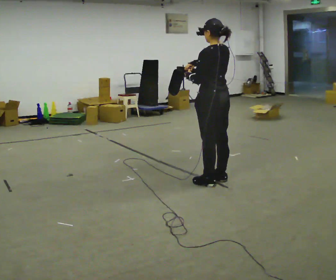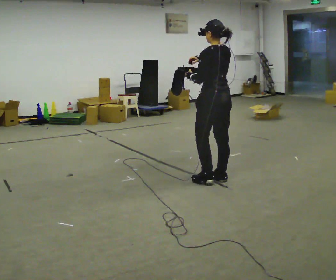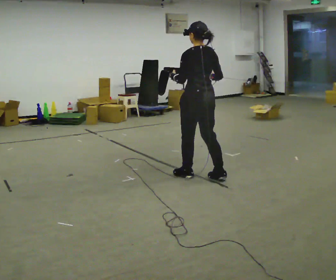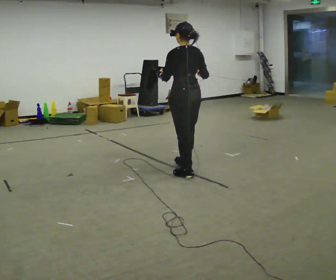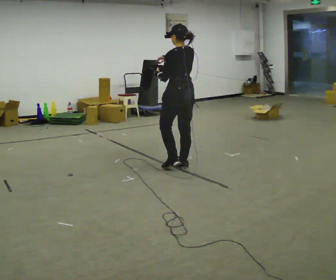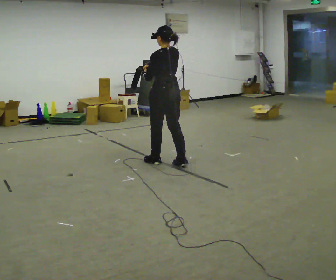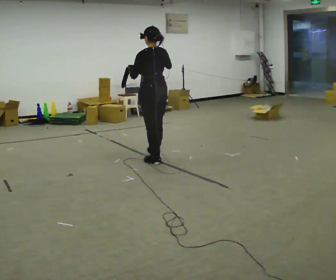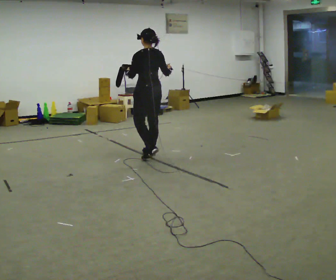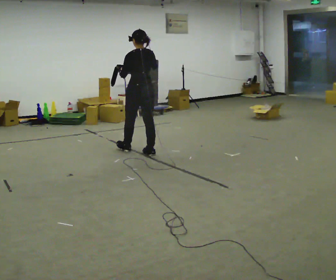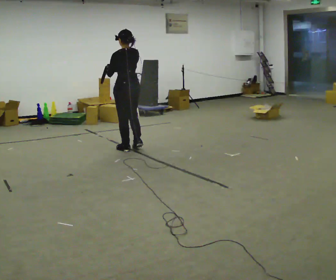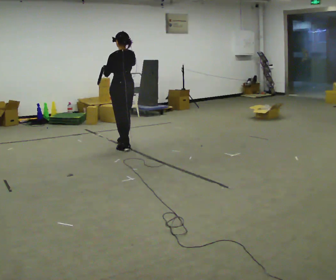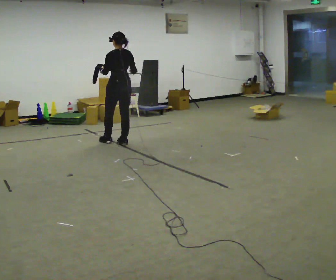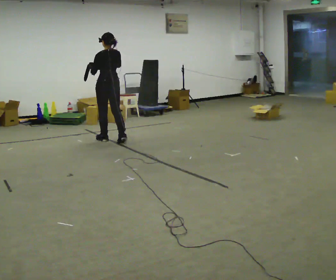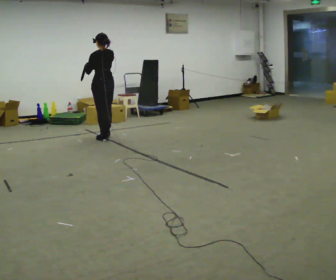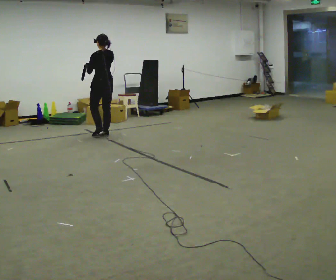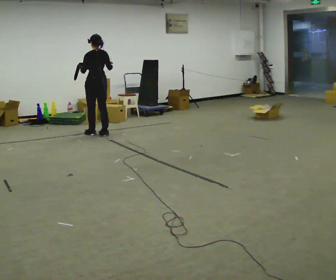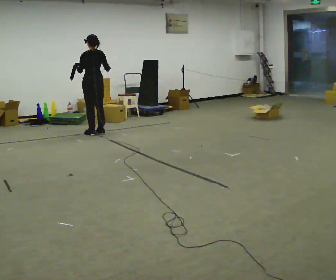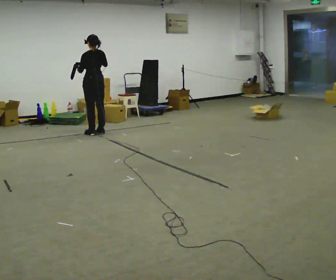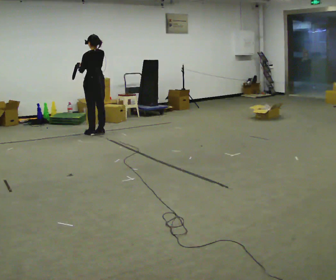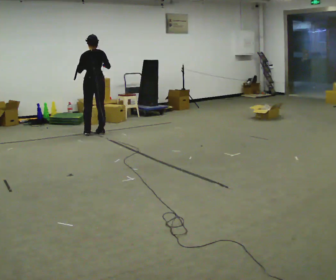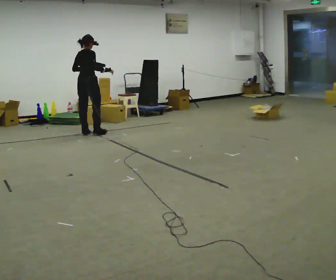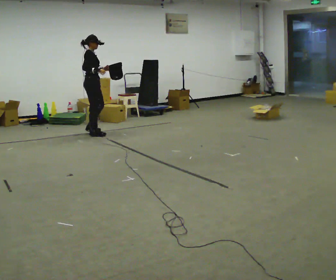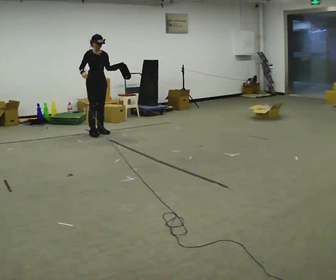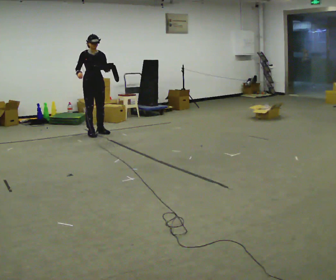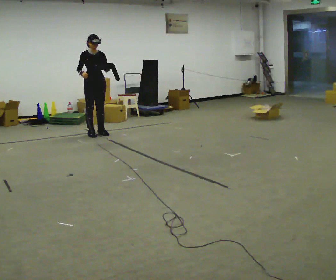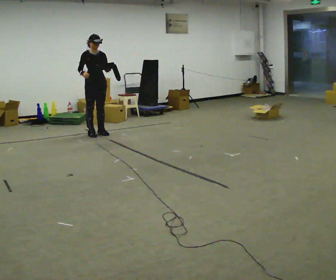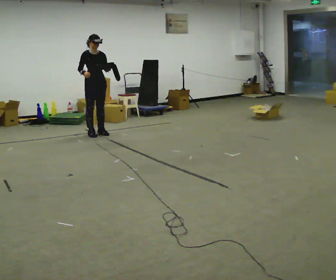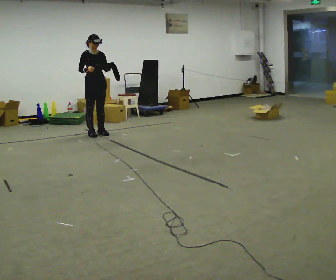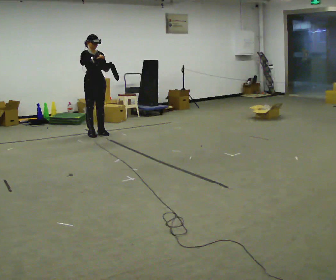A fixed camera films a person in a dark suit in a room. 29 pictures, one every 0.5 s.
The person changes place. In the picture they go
away from the camera.
0.0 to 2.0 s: In the picture they go away from the camera and to the left, about 0.75 m in 2 steps, which for them is forward.
2.0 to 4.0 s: In the picture they go away from the camera and to the left, about 1 m in 3 steps, which for them is forward.
4.0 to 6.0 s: In the picture they go away from the camera and to the left, about 1 m in 2 steps, which for them is forward.
6.0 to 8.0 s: In the picture they go away from the camera and to the left, about 0.5 m in 3 steps, which for them is forward.
8.0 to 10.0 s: Seen from above the body turns clockwise, about 75 degrees: to their right, with its near side sliding to the left.
10.0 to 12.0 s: The person turns about 120 degrees to their right, clockwise seen from above, so the part of the body nearest the lens slides to the left. In the picture their left hand goes to the right.
12.0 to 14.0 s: The person moves a little, or ends about where they began.
The film runs forward here.
